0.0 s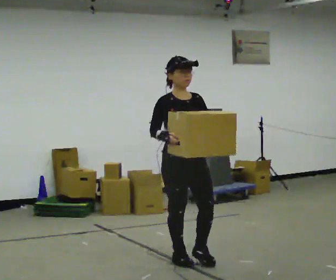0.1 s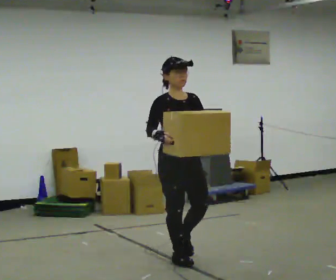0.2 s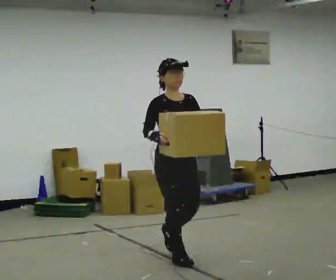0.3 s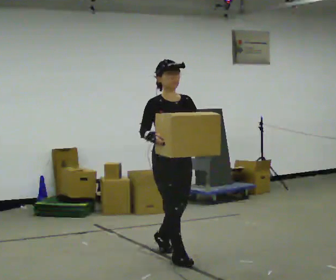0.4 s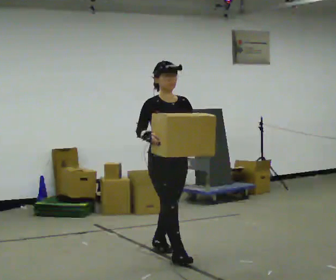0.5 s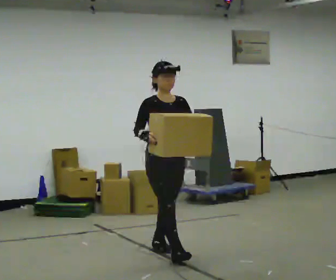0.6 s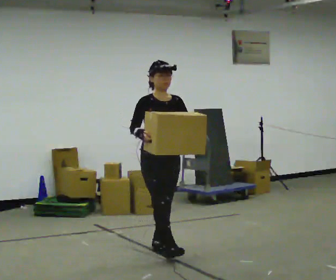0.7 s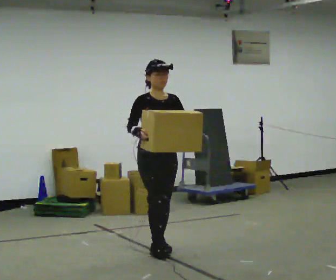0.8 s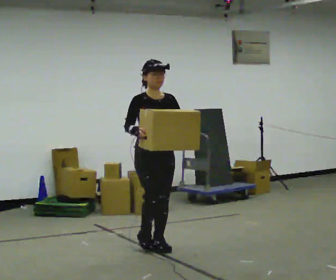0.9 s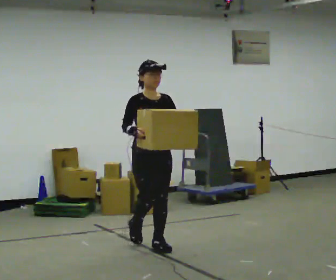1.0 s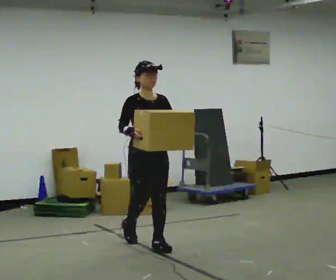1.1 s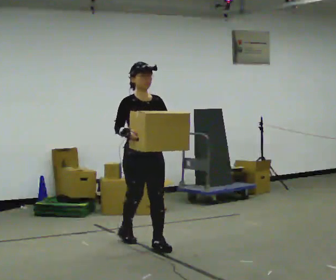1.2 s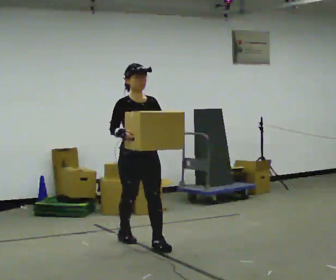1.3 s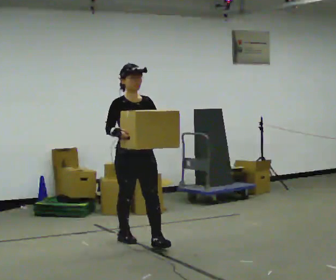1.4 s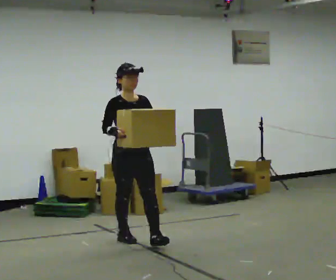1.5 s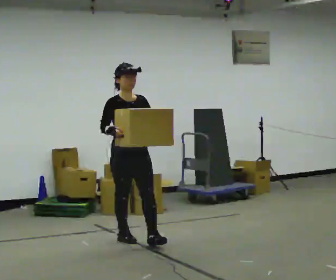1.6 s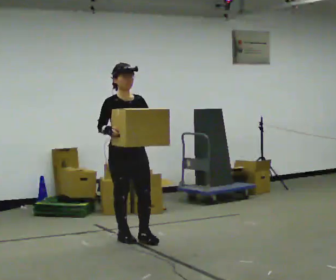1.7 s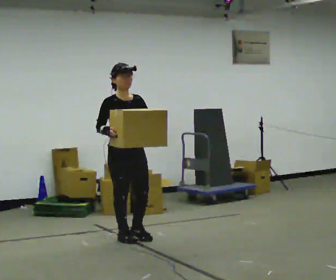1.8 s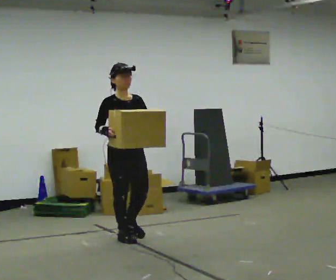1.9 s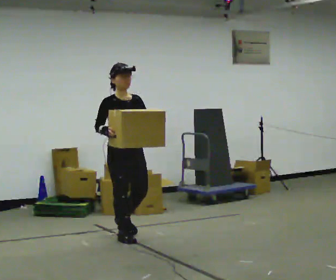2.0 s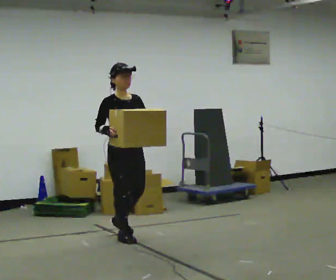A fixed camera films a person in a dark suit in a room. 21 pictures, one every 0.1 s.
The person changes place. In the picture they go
away from the camera.
0.0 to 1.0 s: In the picture they go away from the camera and to the left, about 0.75 m in 1 step, which for them is backward.
1.0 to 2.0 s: In the picture they go away from the camera and to the left, about 0.25 m in 1 step, which for them is backward.
The film runs backward here.
